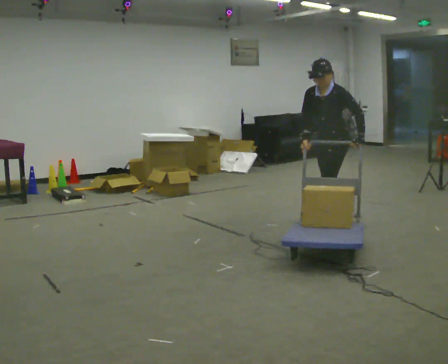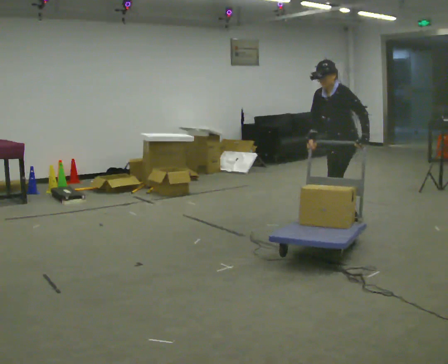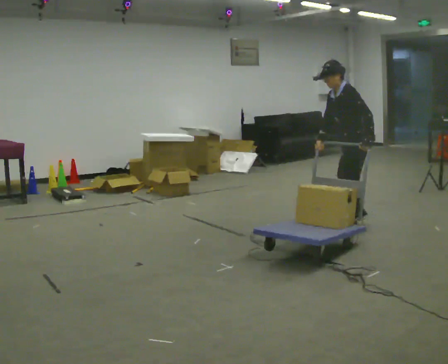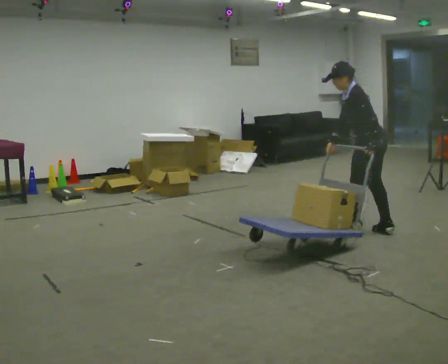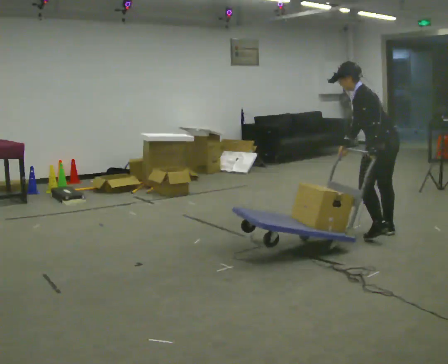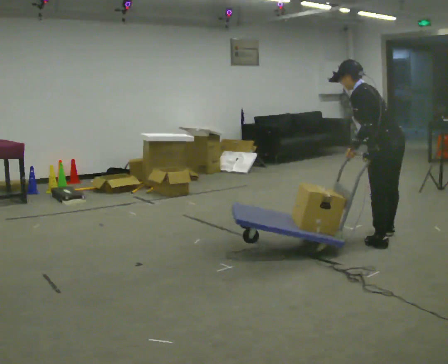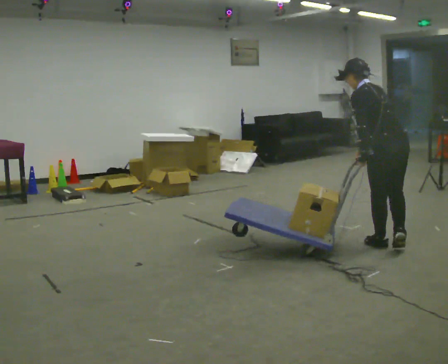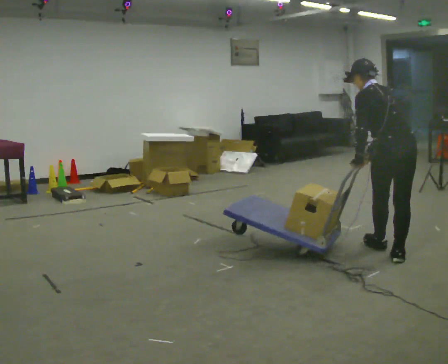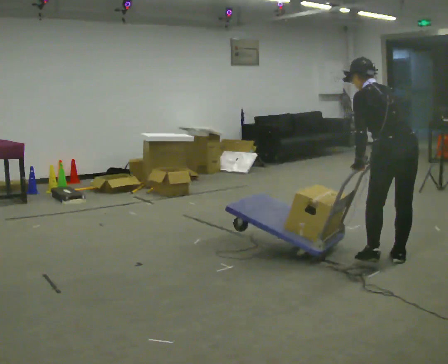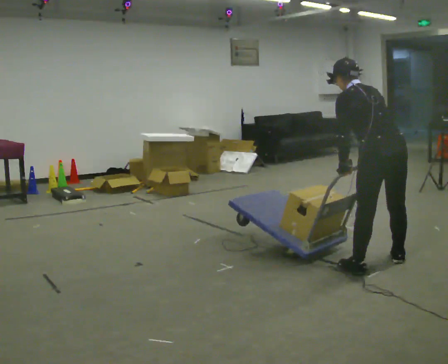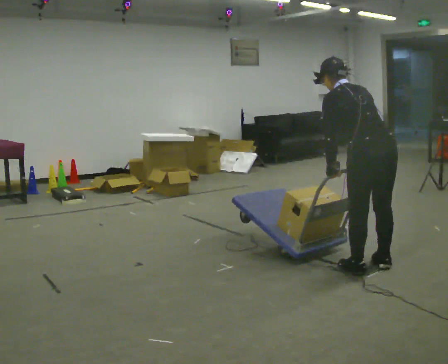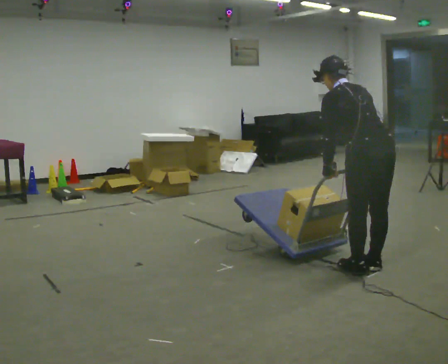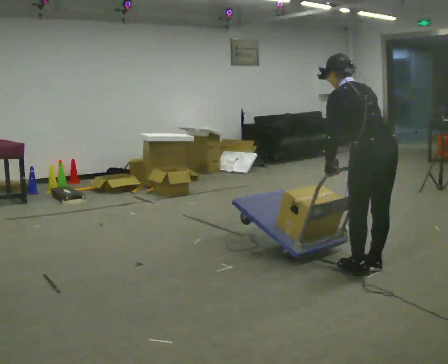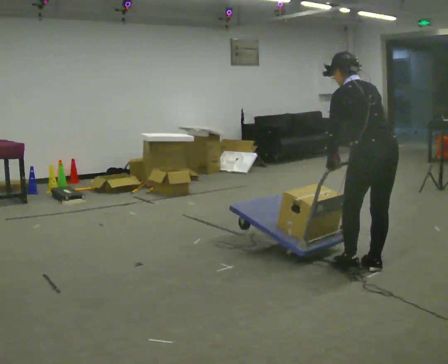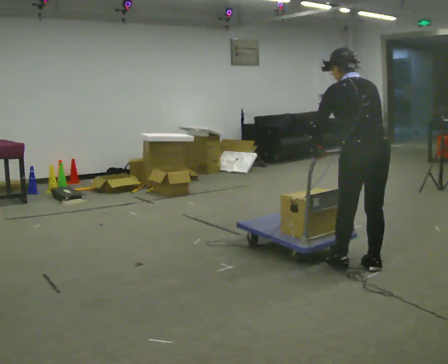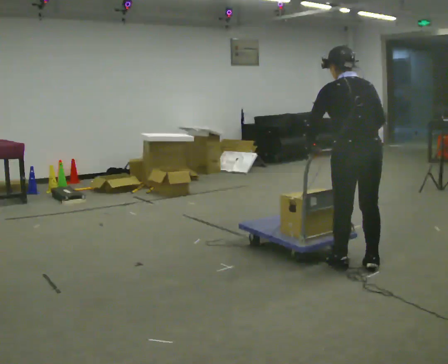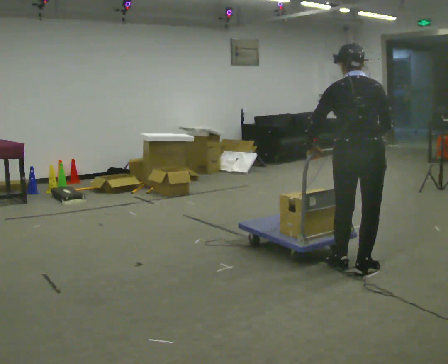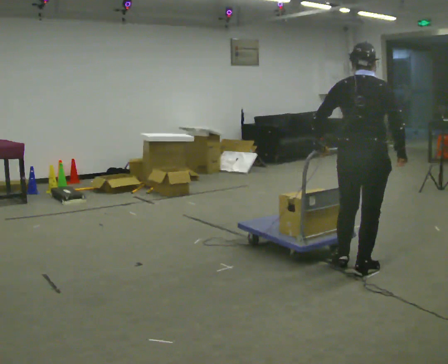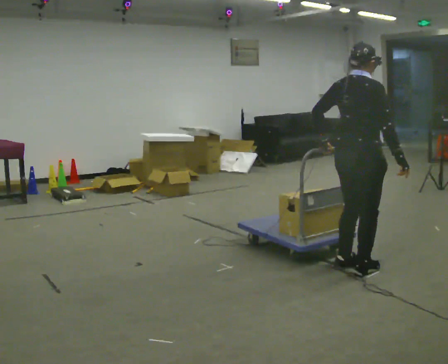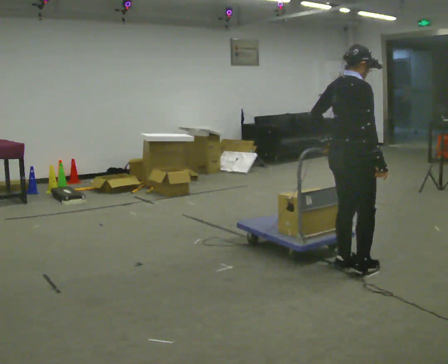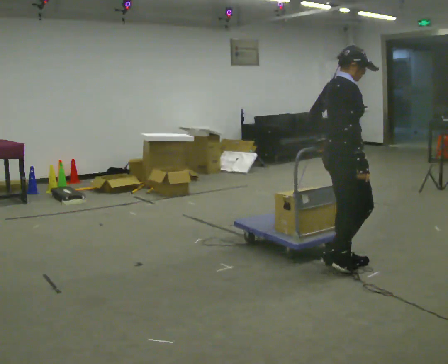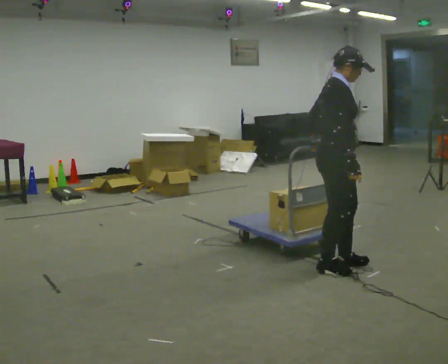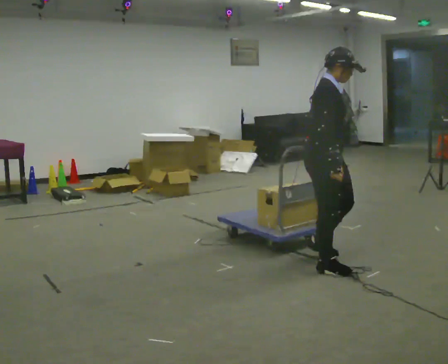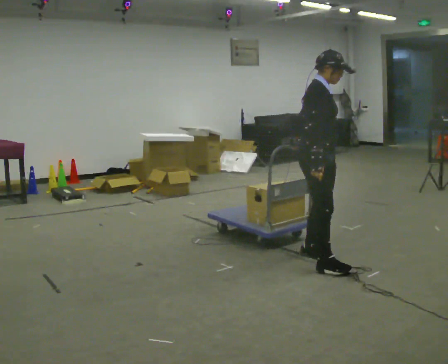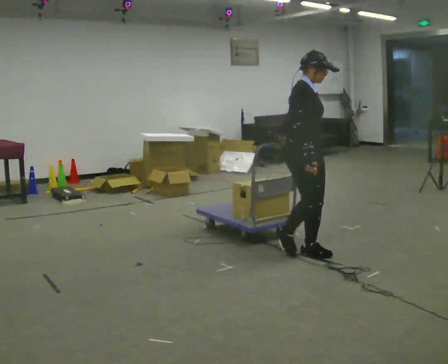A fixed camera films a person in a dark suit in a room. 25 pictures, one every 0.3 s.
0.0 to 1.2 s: Seen from above the body turns clockwise, about 75 degrees: to their right, with its near side sliding to the left. In the picture they go to the right and toward the camera, about 0.5 m in 2 steps. In the picture the upper body tilts counterclockwise, shoulders to the left.
1.2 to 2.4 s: The person turns about 45 degrees to their right, clockwise seen from above, so the part of the body nearest the lens slides to the left. In the picture they go toward the camera, about 0.75 m in 2 steps, which for them is backward and to their left. The upper body tips away from the camera, its near side rolling upward.
2.4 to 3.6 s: In the picture they go toward the camera, about 0.25 m in 1 step, which for them is to their left and backward.
3.6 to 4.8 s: Seen from above the body turns clockwise, about 30 degrees: to their right, with its near side sliding to the left. In the picture the upper body tilts clockwise, shoulders to the right, as they lean back or straighten.
4.8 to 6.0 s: Seen from above the body turns clockwise, about 75 degrees: to their right, with its near side sliding to the left.
6.0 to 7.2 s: The person turns about 30 degrees to their right, clockwise seen from above, so the part of the body nearest the lens slides to the left. In the picture they go to the left and away from the camera, about 0.5 m in 2 steps, which for them is backward and to their left.
The film runs backward here.
